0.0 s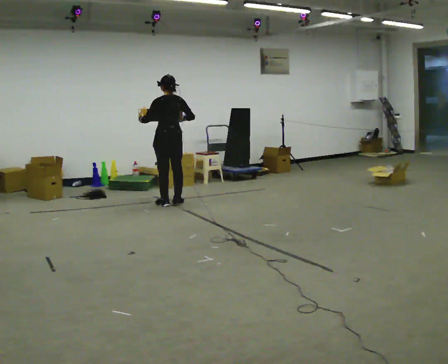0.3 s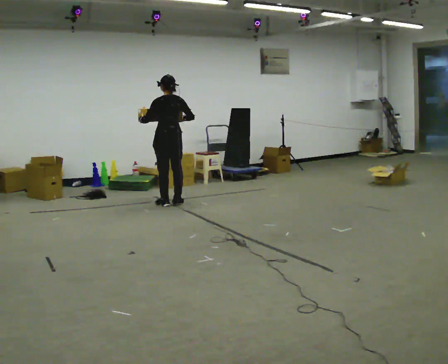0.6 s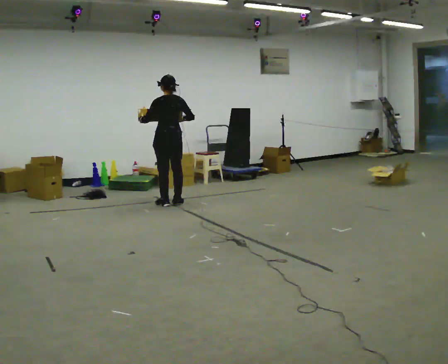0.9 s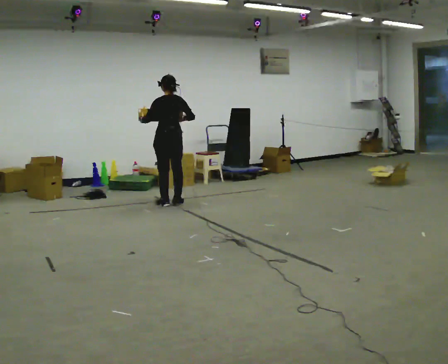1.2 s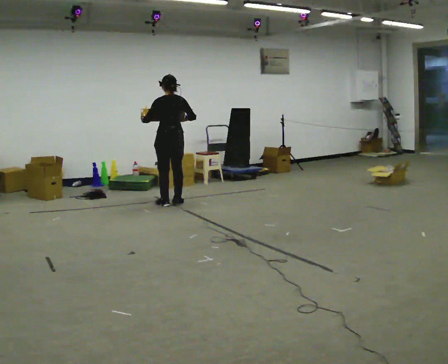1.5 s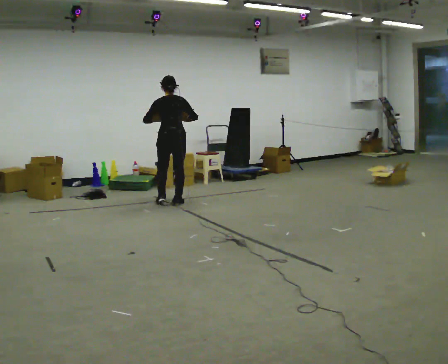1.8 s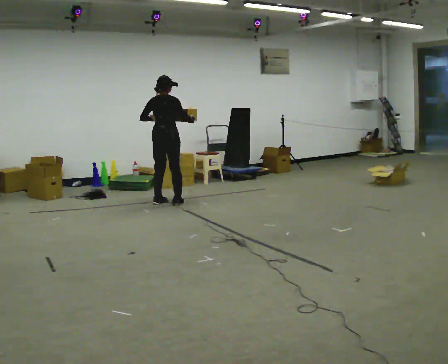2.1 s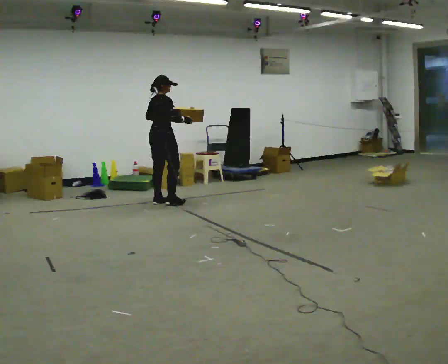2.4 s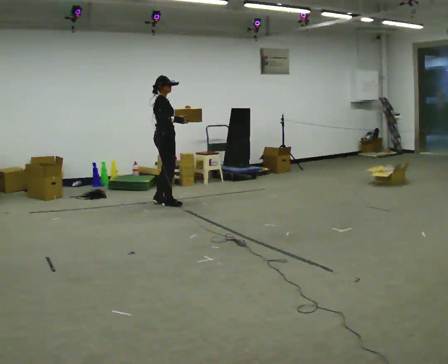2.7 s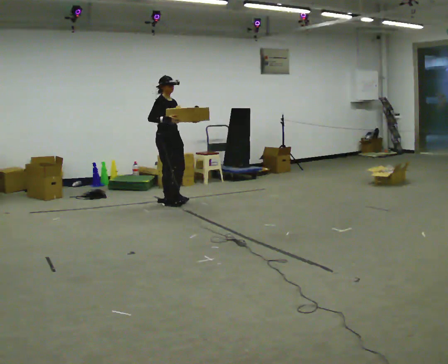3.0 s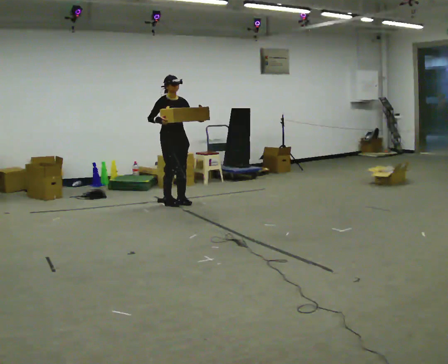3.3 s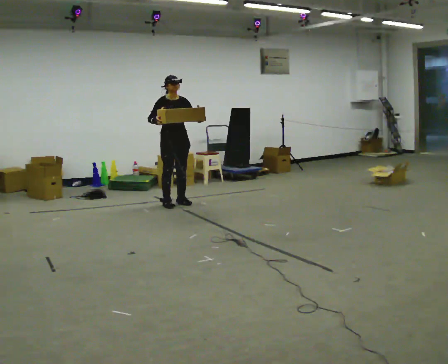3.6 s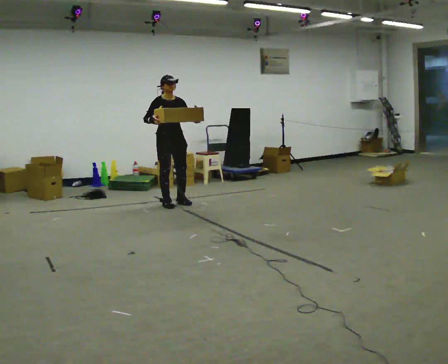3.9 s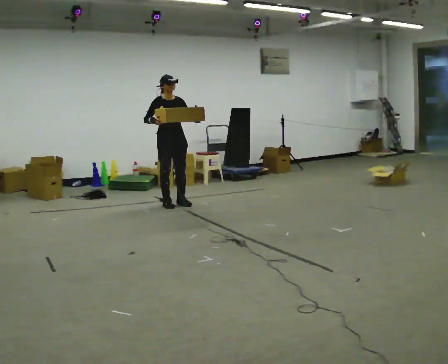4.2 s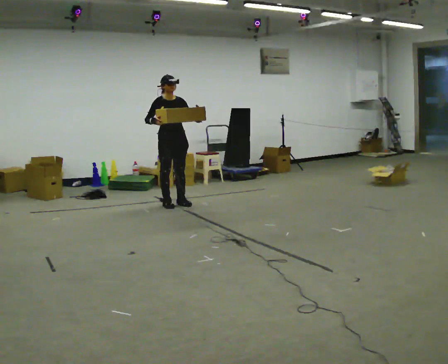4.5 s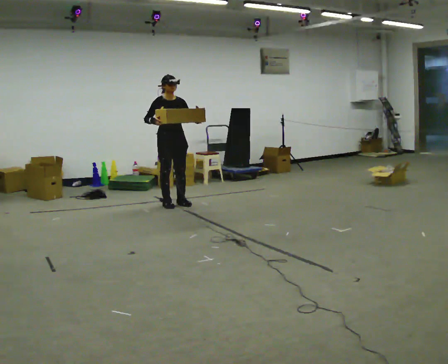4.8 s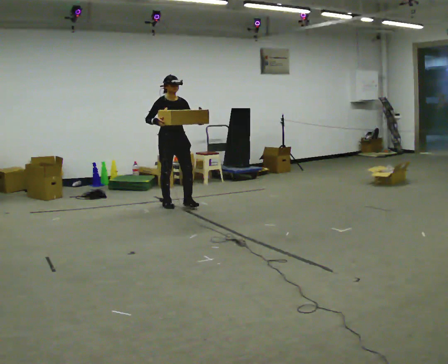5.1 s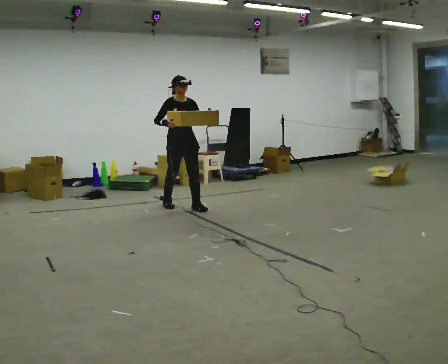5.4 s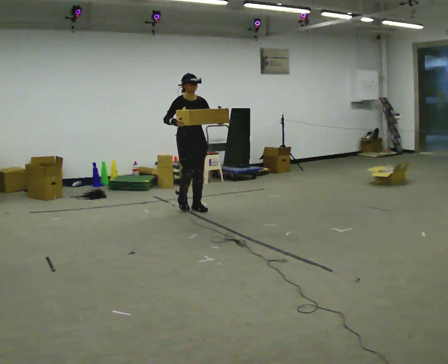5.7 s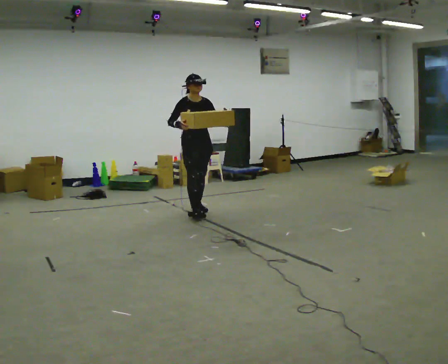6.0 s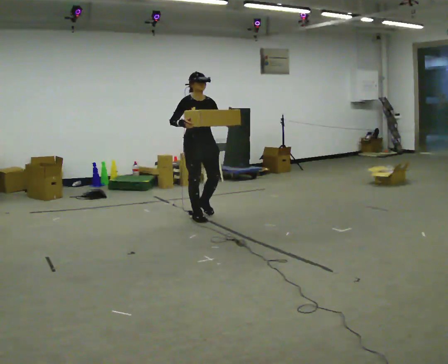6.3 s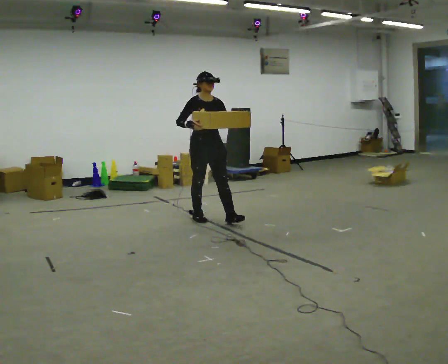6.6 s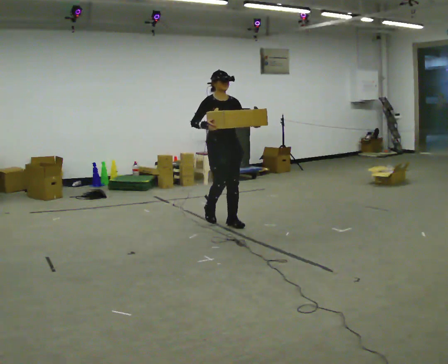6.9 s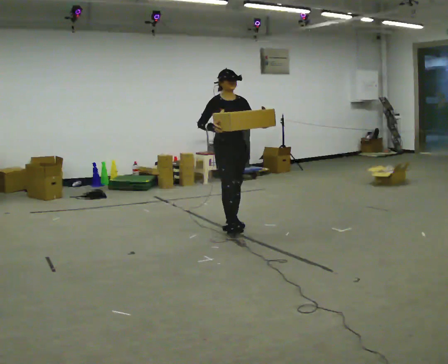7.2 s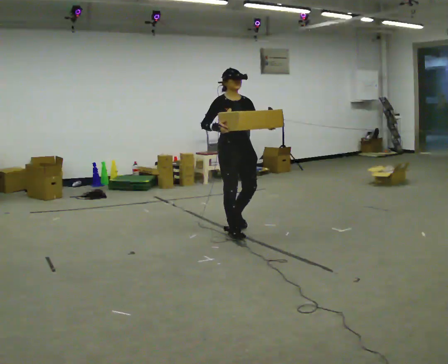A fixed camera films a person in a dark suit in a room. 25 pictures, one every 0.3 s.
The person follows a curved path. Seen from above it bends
clockwise.
The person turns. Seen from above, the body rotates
clockwise.
0.0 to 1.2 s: The person moves a little, or ends about where they began.
1.2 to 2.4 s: The person turns about 105 degrees to their right, clockwise seen from above, so the part of the body nearest the lens slides to the left. In the picture their left hand goes to the right.
2.4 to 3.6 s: The part of the body nearest the lens slides to the left as the person turns to their right by about 75 degrees.
3.6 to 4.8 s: The person moves a little, or ends about where they began.
4.8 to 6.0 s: In the picture they go toward the camera and to the right, about 0.75 m in 2 steps, which for them is forward.
6.0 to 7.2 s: In the picture they go toward the camera and to the right, about 0.5 m in 2 steps, which for them is forward.
The film runs forward here.
